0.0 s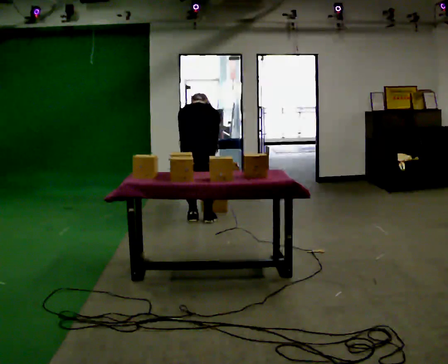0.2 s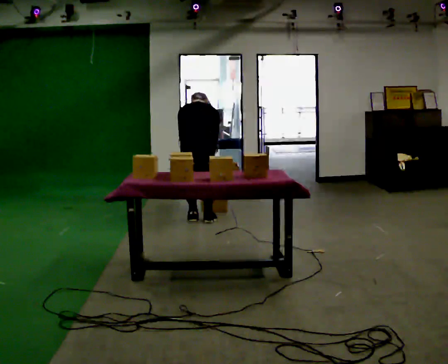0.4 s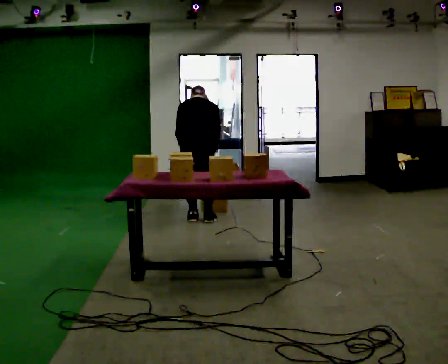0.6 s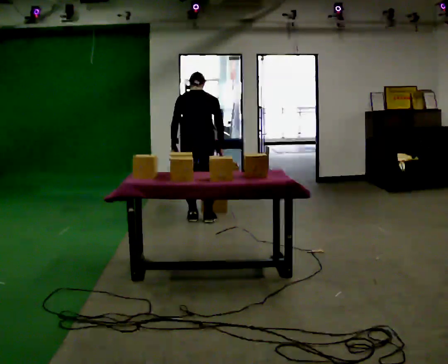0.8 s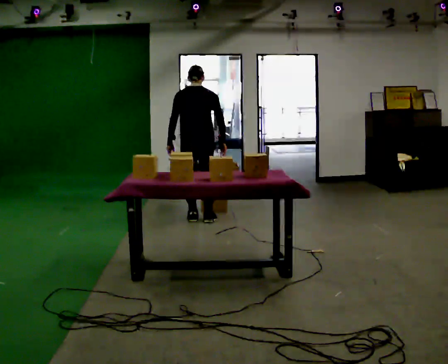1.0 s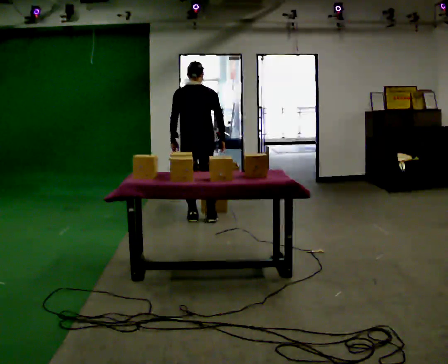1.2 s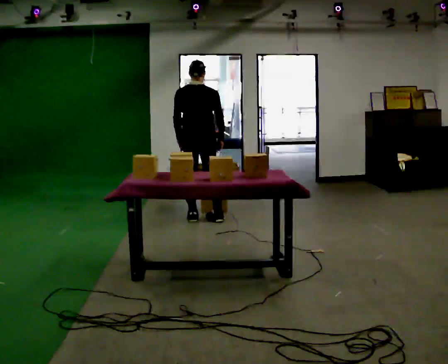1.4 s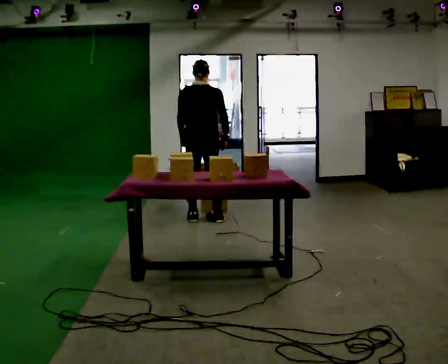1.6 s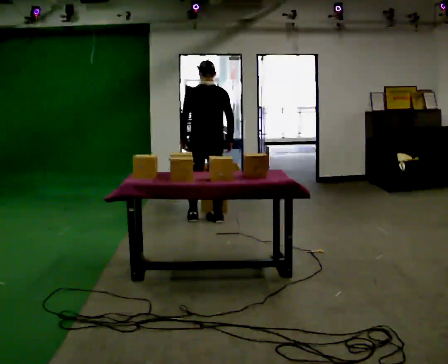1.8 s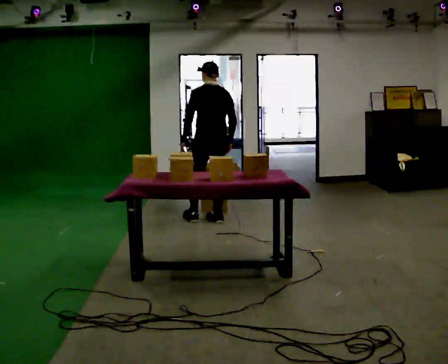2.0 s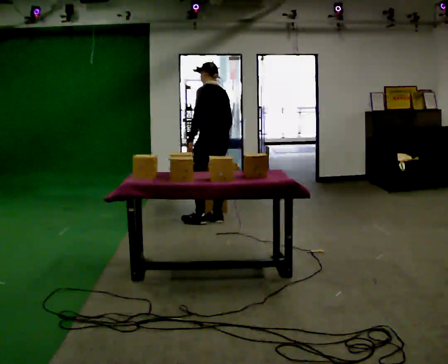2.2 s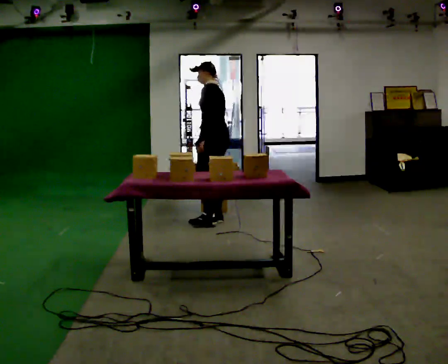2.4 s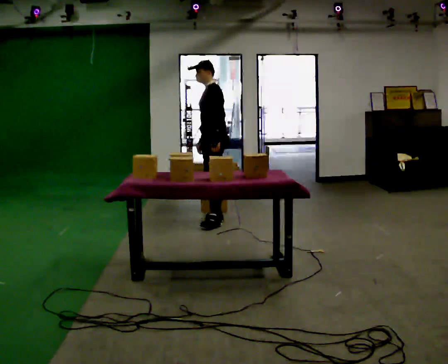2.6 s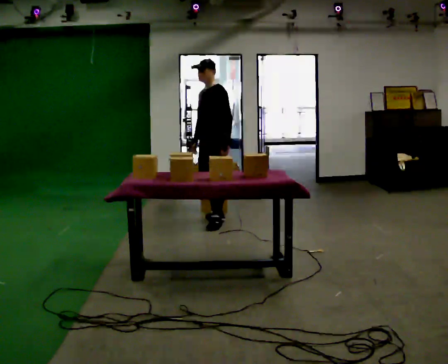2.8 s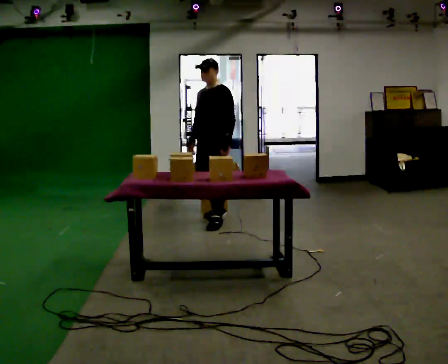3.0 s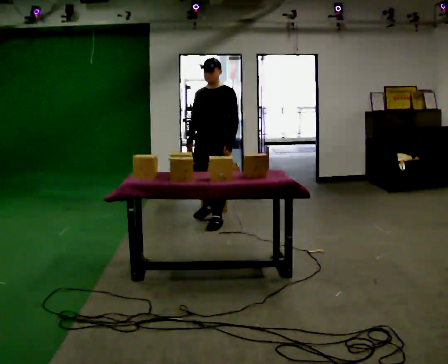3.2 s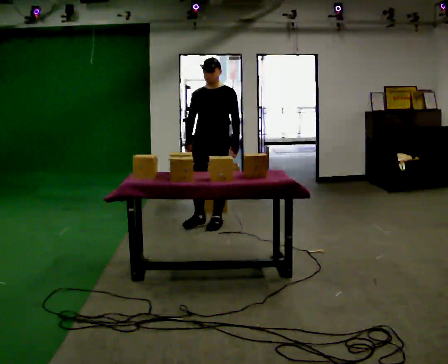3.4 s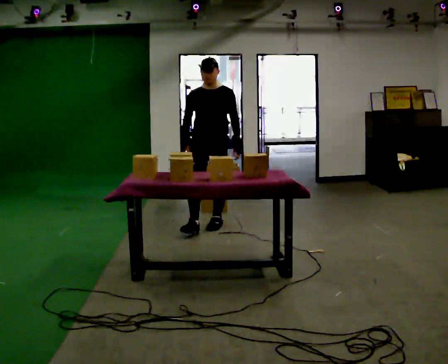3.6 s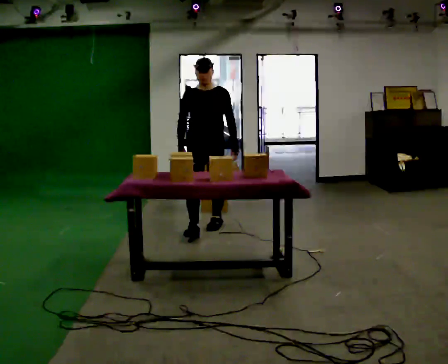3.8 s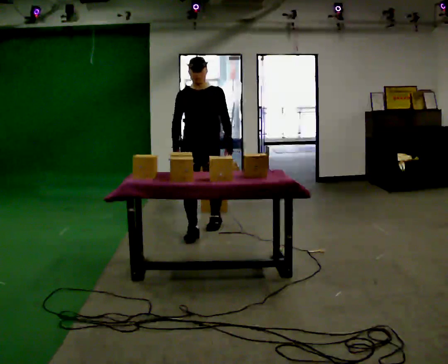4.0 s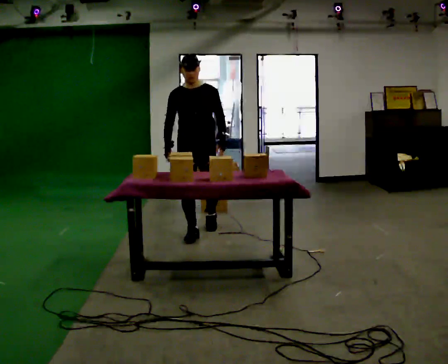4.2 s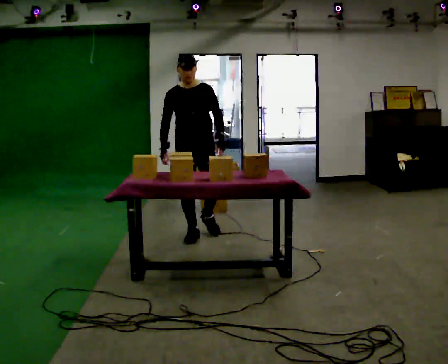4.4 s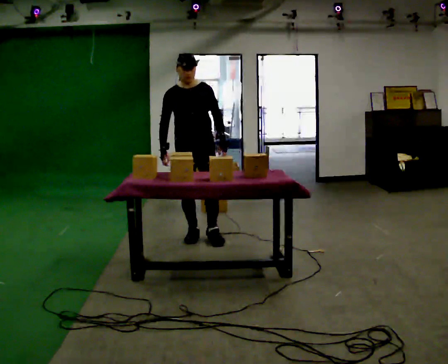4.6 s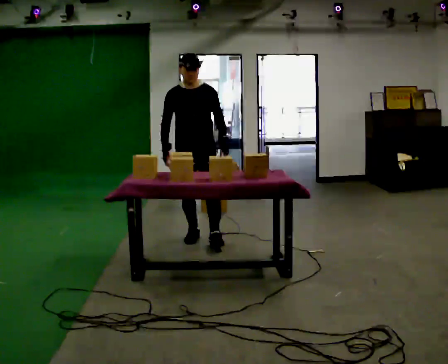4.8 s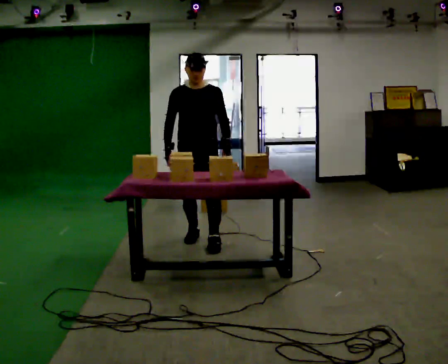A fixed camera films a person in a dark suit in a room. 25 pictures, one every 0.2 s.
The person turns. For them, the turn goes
to their left.
The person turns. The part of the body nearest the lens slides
to the right.
0.0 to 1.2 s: The upper body goes upward. The upper body tips toward the camera, its near side rolling downward, as they lean back or straighten.
1.2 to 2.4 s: The person turns about 105 degrees to their left, counterclockwise seen from above, so the part of the body nearest the lens slides to the right. In the picture they go to the right, about 0.25 m in 1 step. In the picture their left hand goes to the right.
2.4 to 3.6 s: The part of the body nearest the lens slides to the right as the person turns to their left by about 75 degrees. In the picture they go toward the camera, about 0.5 m in 1 step.
3.6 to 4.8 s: In the picture they go toward the camera, about 0.5 m in 1 step, which for them is forward.
The film runs forward here.
